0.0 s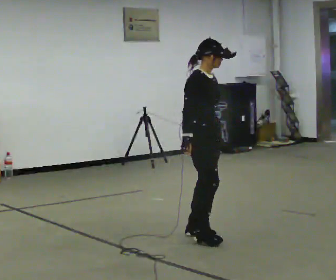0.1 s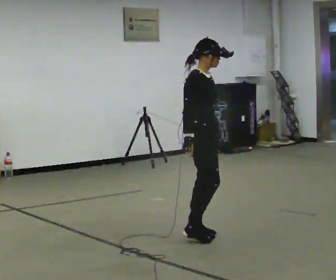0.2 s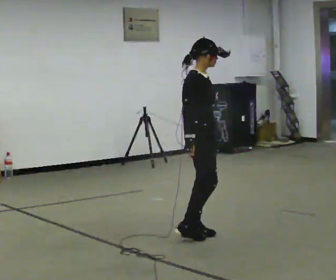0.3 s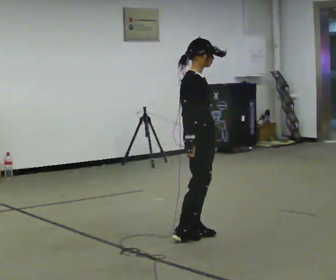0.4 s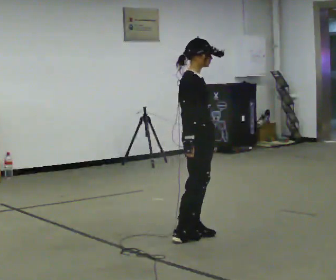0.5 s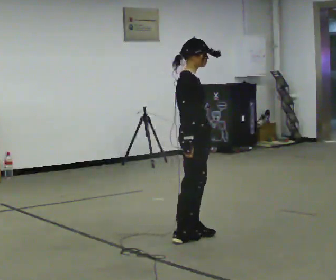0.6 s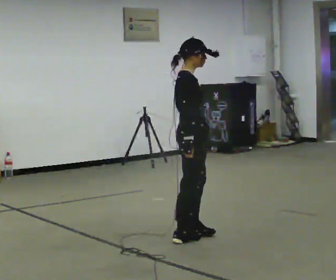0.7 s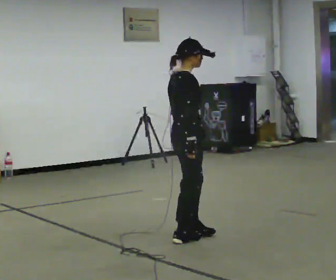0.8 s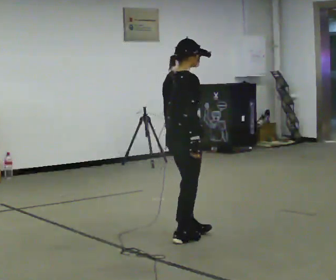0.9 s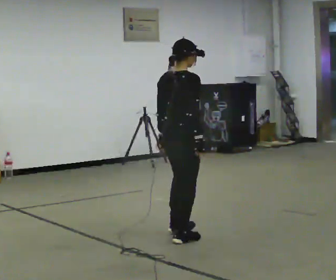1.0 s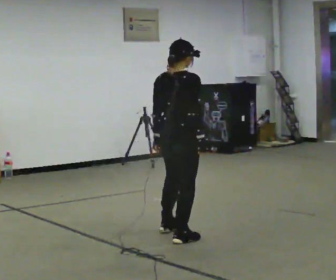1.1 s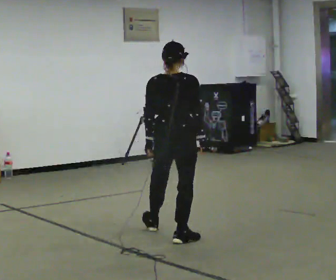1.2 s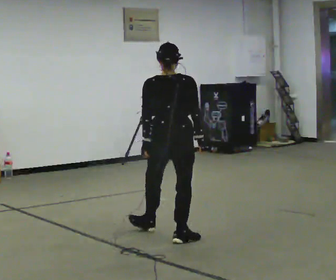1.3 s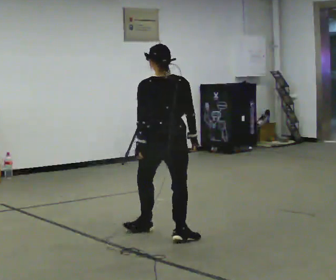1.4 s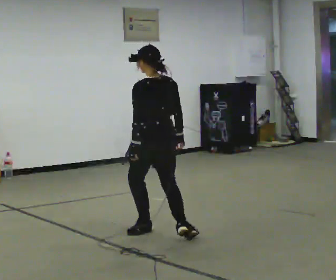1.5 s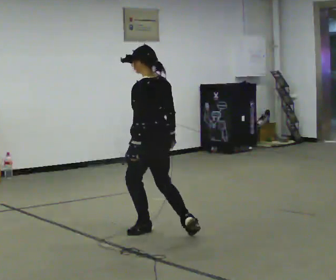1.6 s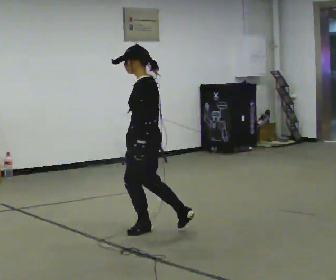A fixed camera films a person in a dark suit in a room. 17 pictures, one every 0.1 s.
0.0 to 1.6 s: The person turns about 195 degrees to their left, counterclockwise seen from above, so the part of the body nearest the lens slides to the right. In the picture they go to the left, about 0.5 m in 2 steps.
The film runs backward here.
